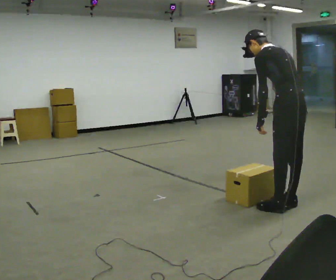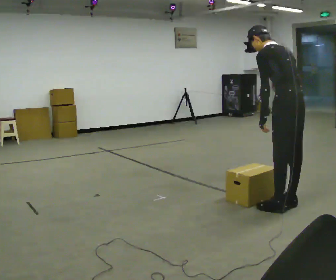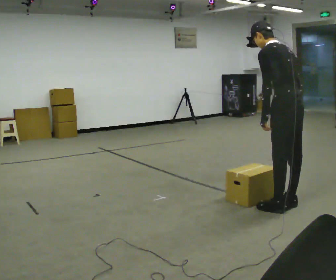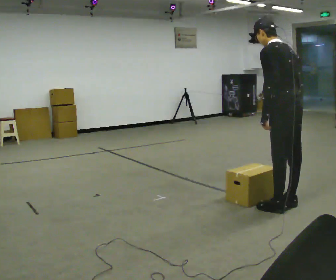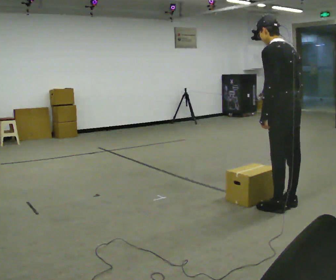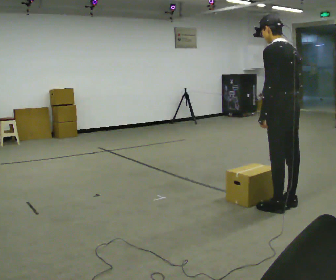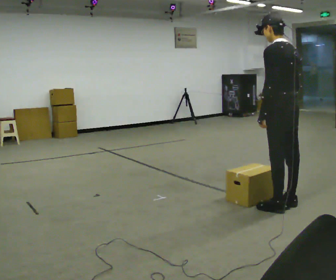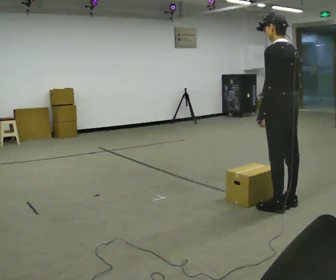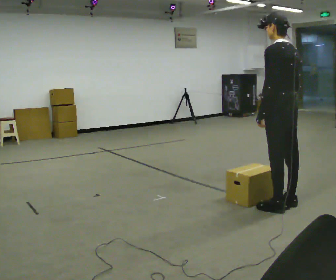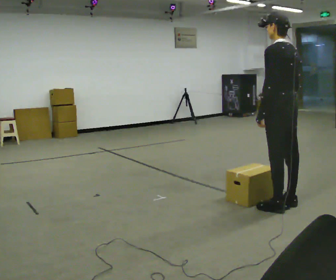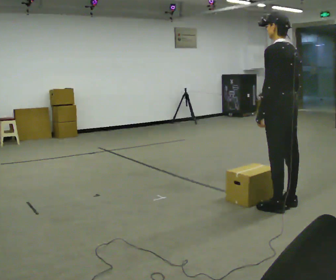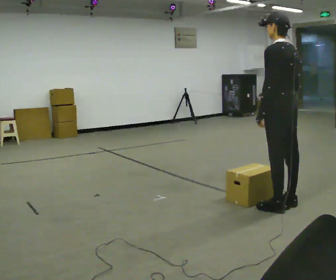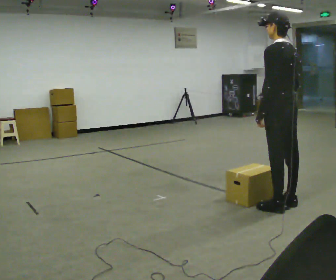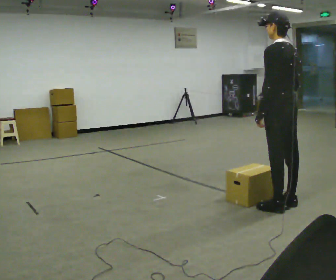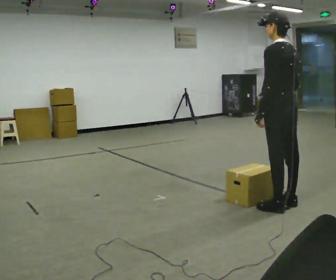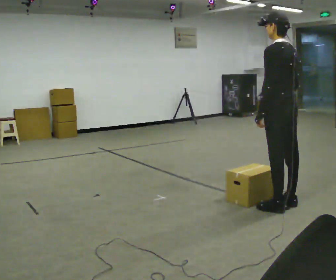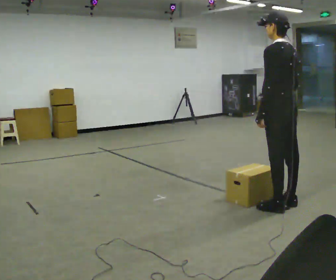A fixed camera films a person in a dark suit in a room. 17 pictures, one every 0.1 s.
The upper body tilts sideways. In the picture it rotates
clockwise.
0.0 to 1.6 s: In the picture the upper body tilts clockwise, shoulders to the right, as they lean back or straighten.
The film runs backward here.
